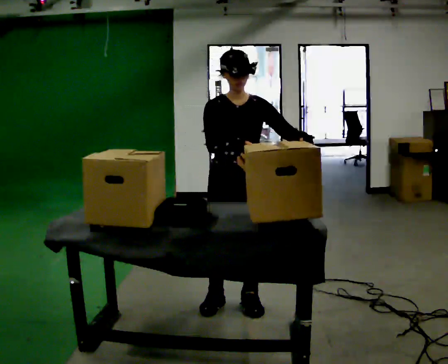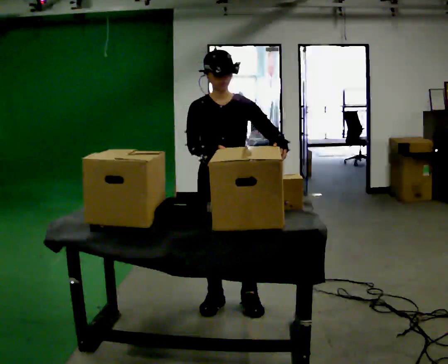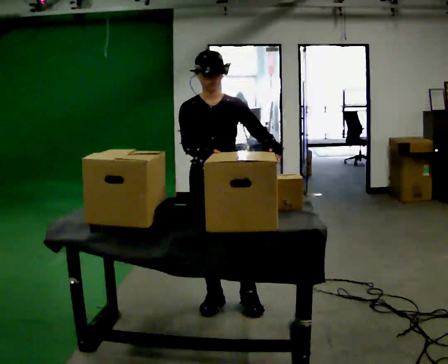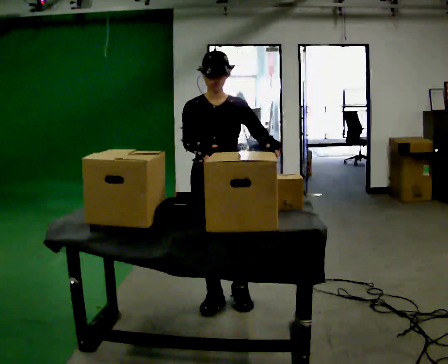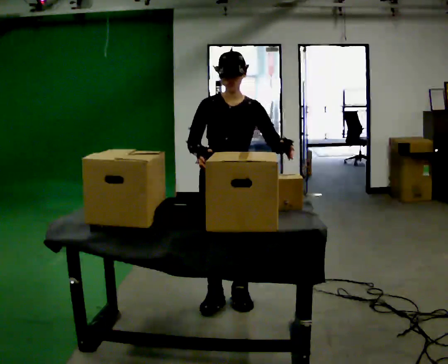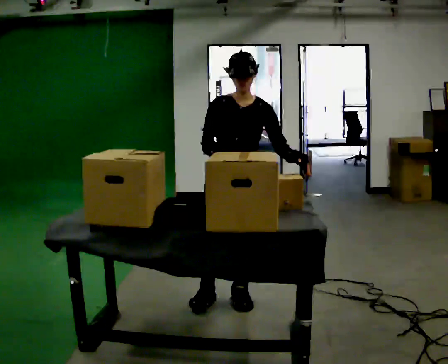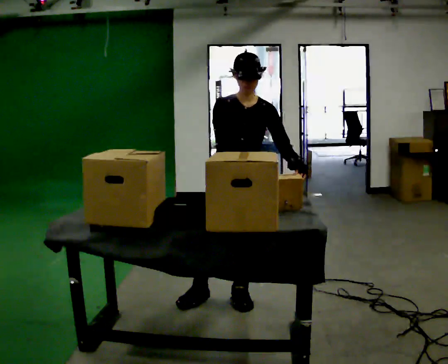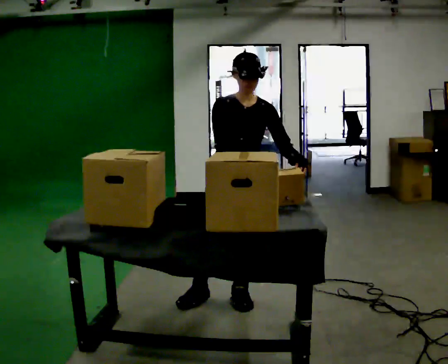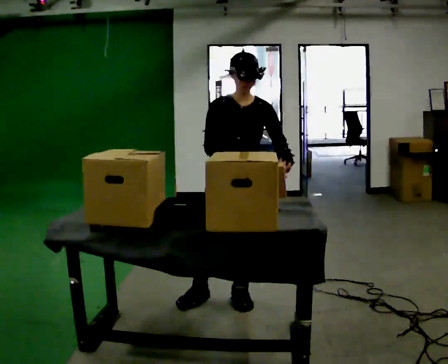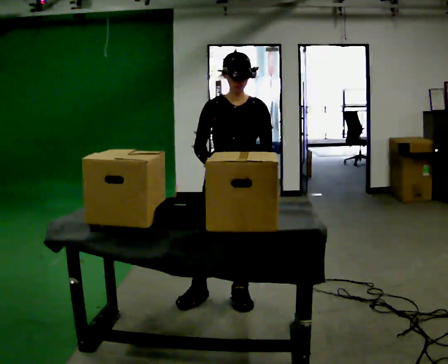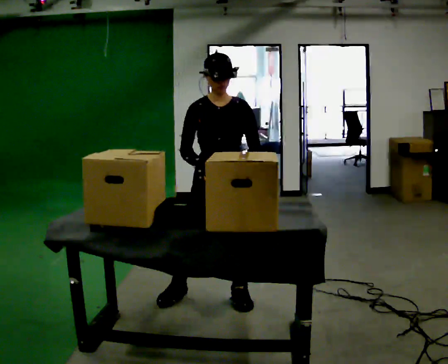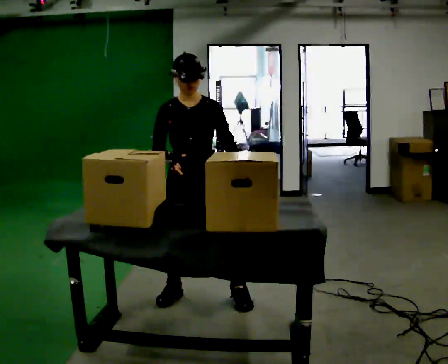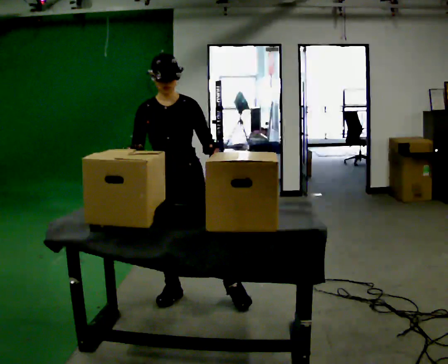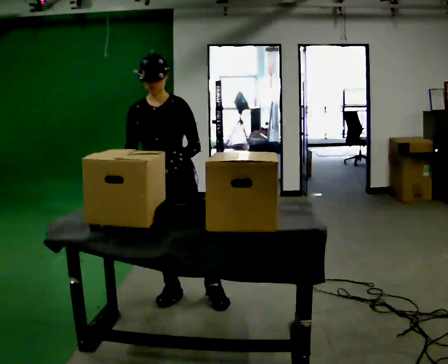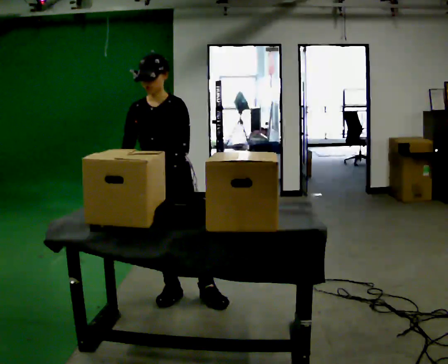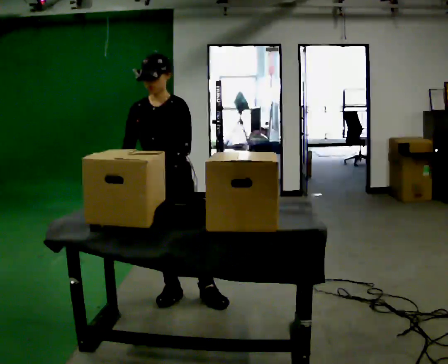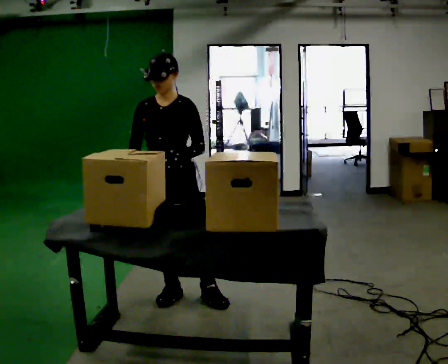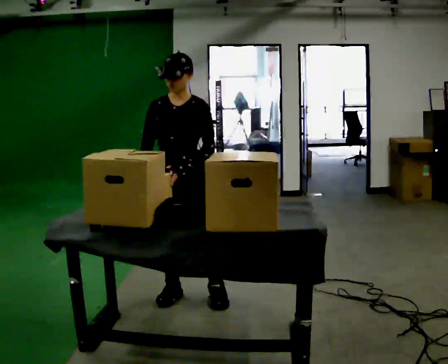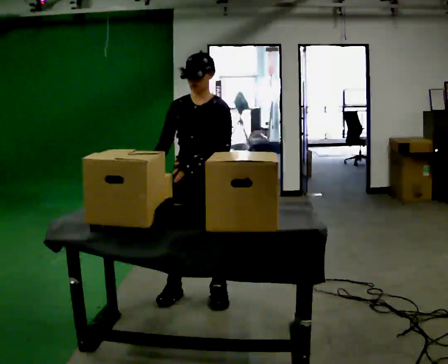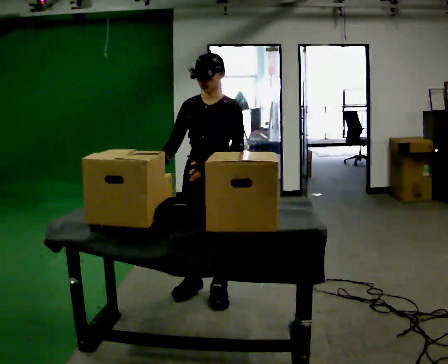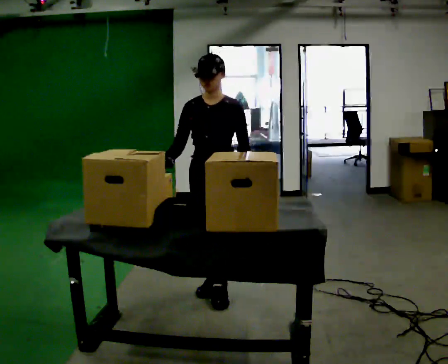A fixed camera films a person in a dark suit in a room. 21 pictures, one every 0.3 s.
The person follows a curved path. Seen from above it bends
clockwise.
0.0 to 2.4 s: The person moves a little, or ends about where they began.
2.4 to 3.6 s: In the picture they go to the left, about 0.25 m in 1 step, which for them is to their right.
3.6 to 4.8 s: The person moves a little, or ends about where they began.
4.8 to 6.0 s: In the picture they go to the right, about 0.25 m in 1 step, which for them is to their left and backward.
The film runs backward here.
